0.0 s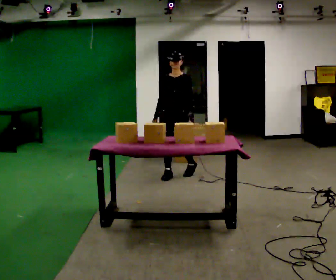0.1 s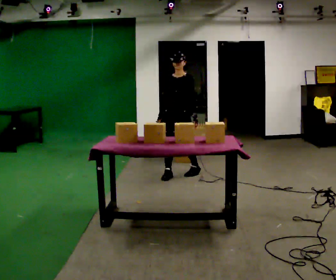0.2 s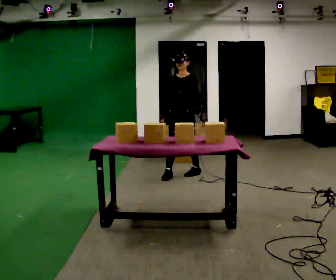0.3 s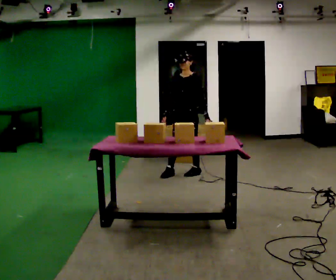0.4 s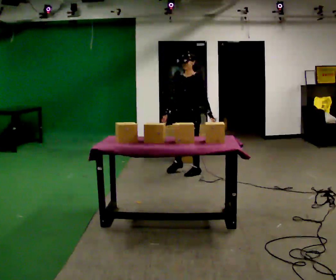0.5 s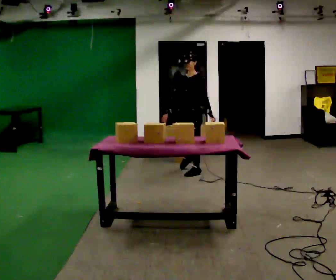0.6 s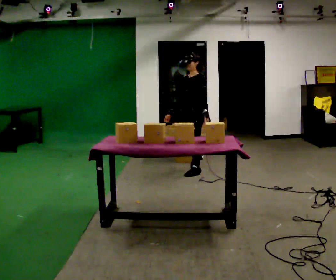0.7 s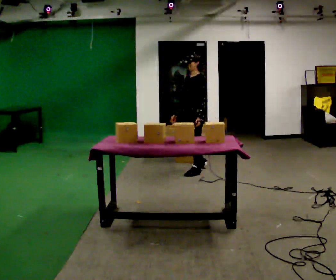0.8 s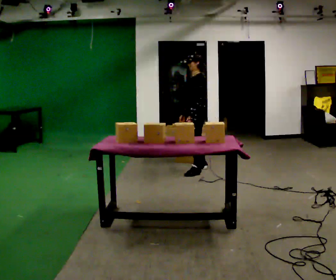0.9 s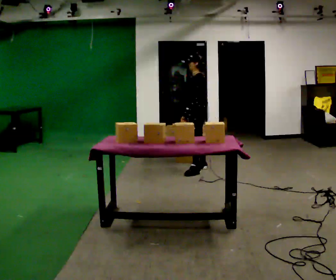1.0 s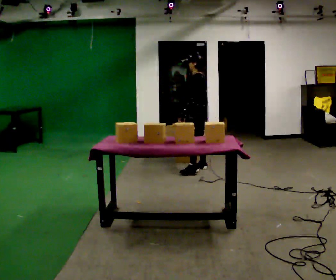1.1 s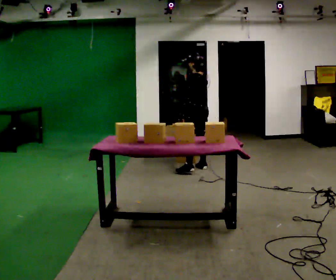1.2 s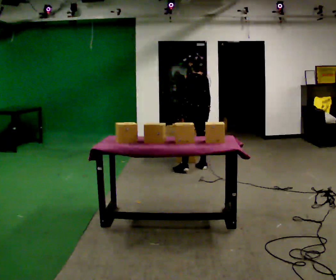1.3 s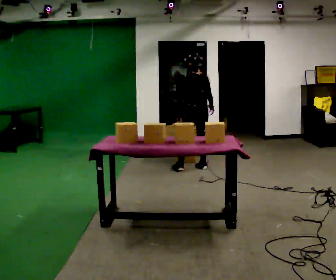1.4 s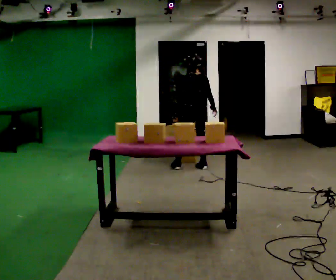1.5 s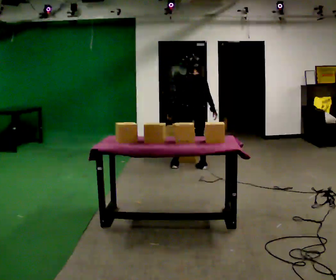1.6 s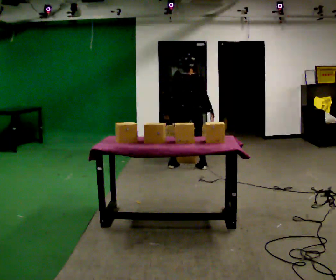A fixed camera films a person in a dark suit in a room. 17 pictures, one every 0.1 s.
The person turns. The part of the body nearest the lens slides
to the left.
Their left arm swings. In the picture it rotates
clockwise.
0.0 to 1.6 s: The person turns about 165 degrees to their right, clockwise seen from above, so the part of the body nearest the lens slides to the left. In the picture they go away from the camera, about 0.5 m in 2 steps.
The film runs backward here.
